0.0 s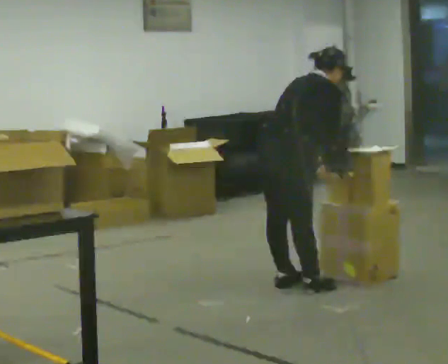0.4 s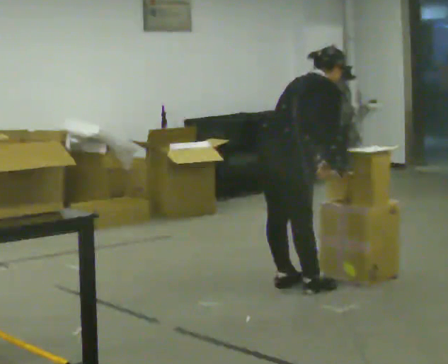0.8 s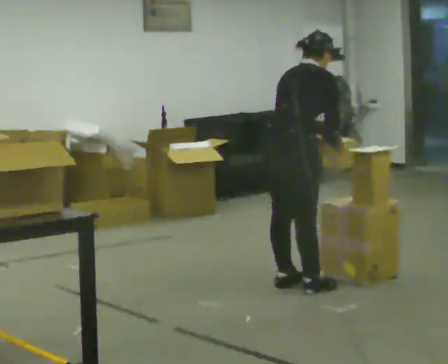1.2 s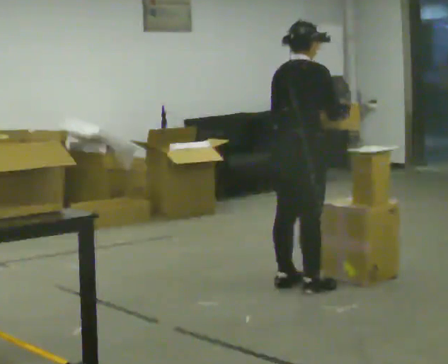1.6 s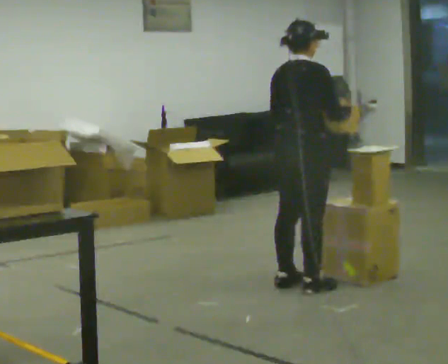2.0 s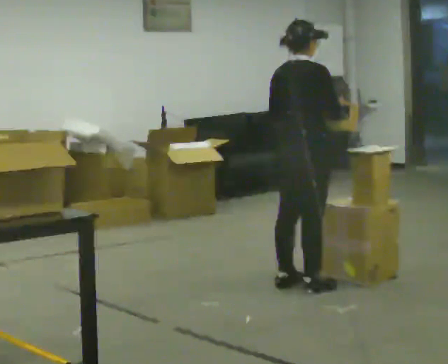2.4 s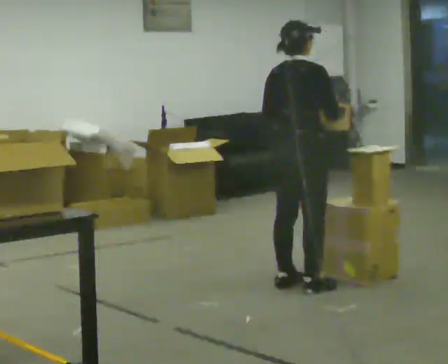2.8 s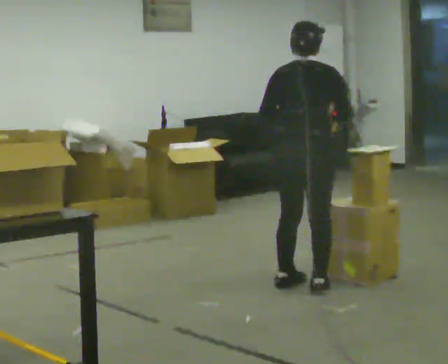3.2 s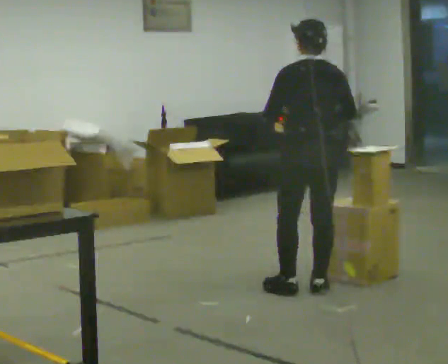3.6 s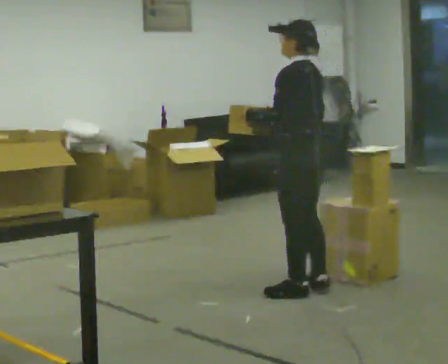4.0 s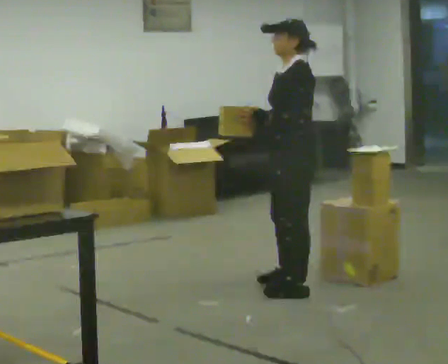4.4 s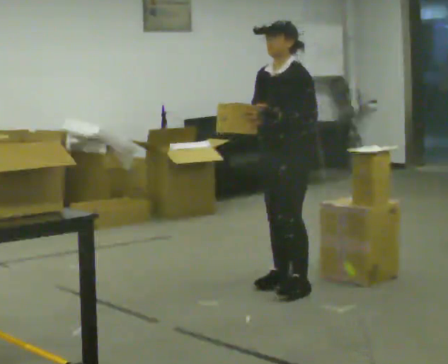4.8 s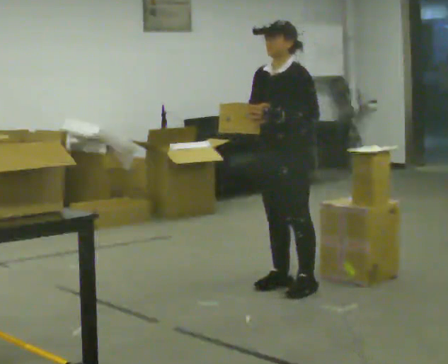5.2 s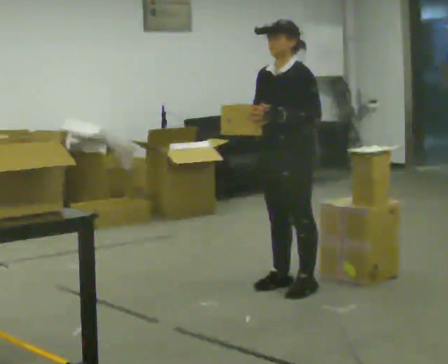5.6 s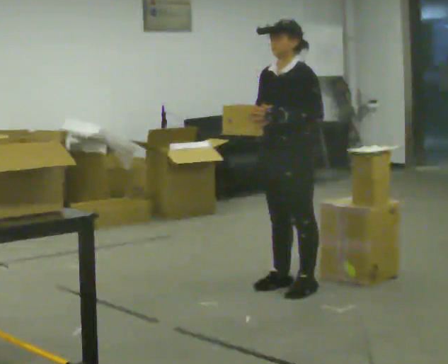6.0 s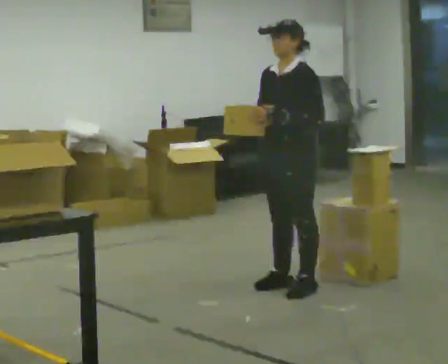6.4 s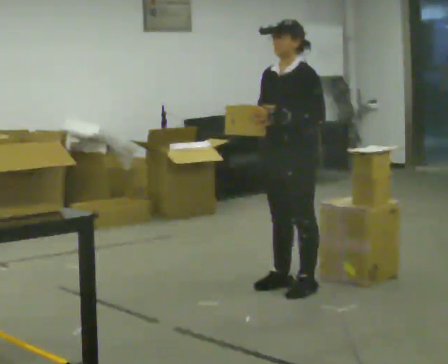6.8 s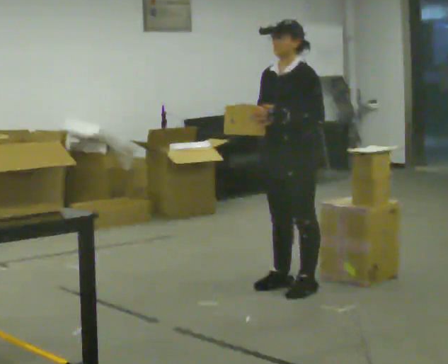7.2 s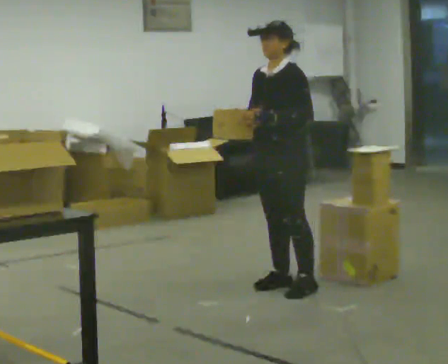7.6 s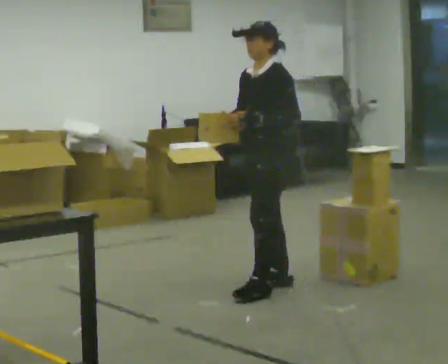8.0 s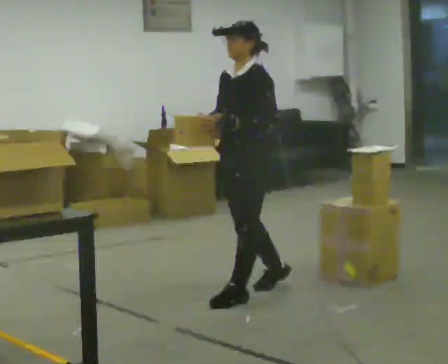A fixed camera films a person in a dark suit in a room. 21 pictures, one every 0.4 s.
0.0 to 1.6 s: In the picture the upper body tilts counterclockwise, shoulders to the left, as they lean back or straighten. In the picture their right hand goes upward.
1.6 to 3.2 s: Seen from above the body turns counterclockwise, about 75 degrees: to their left, with its near side sliding to the right.
3.2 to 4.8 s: Seen from above the body turns counterclockwise, about 105 degrees: to their left, with its near side sliding to the right. In the picture they go to the left, about 0.25 m in 2 steps.
4.8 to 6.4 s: The person moves a little, or ends about where they began.
6.4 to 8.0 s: In the picture they go to the left, about 0.25 m in 1 step, which for them is forward.
The film runs forward here.
